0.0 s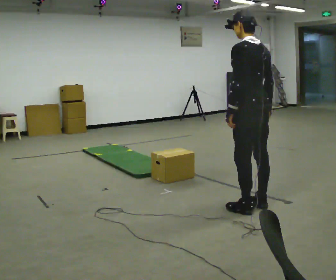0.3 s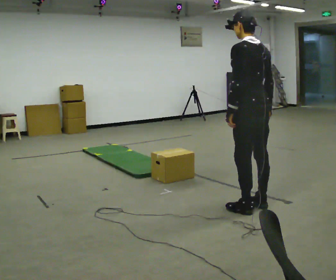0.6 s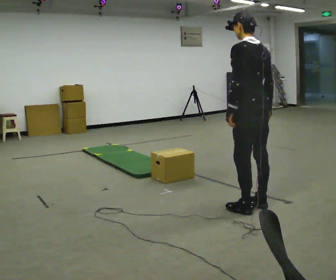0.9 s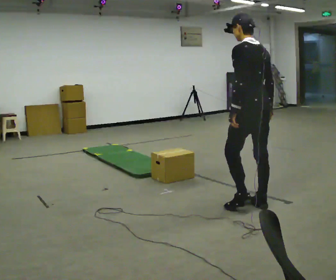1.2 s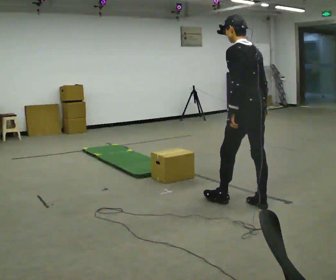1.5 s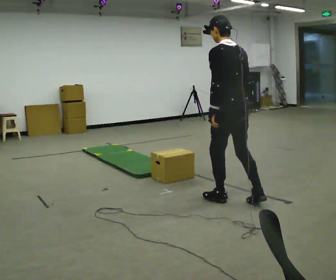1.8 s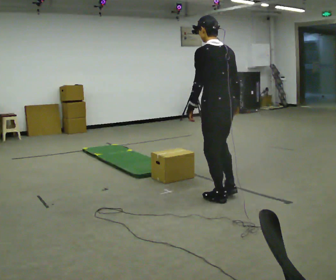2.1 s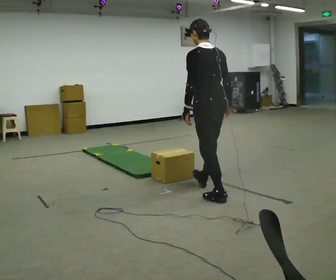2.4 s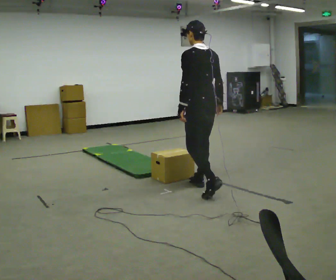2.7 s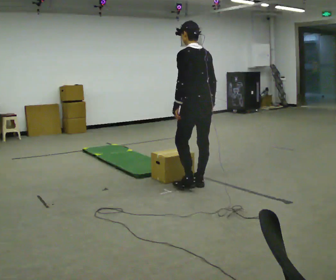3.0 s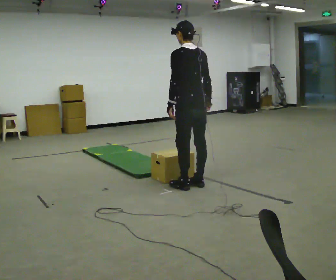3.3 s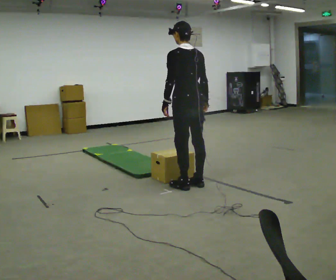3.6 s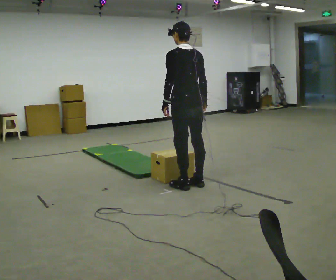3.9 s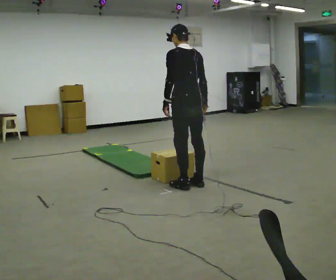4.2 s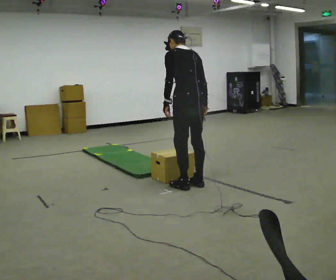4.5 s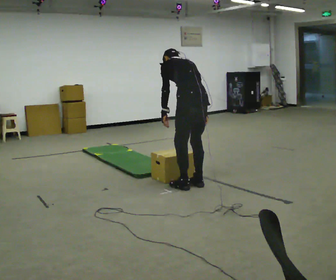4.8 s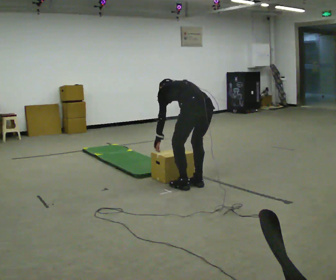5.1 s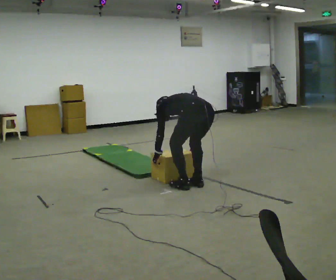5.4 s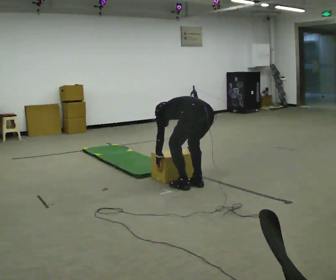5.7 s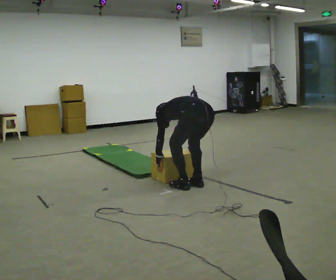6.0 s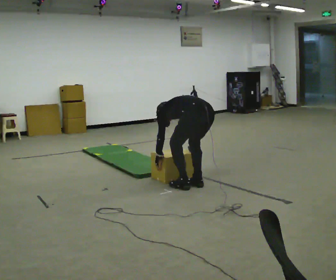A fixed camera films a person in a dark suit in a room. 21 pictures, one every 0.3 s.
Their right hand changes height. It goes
downward.
Their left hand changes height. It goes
downward.
0.0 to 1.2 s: The person moves a little, or ends about where they began.
1.2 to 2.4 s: In the picture they go away from the camera and to the left, about 0.5 m in 2 steps, which for them is forward.
2.4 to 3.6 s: In the picture they go away from the camera and to the left, about 0.25 m in 1 step, which for them is forward.
3.6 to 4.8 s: The shoulders move downward. The upper body tips away from the camera, its near side rolling upward, as they bend forward. In the picture their left hand goes downward.
4.8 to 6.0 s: The shoulders move downward. In the picture the upper body tilts counterclockwise, shoulders to the left, as they bend forward.
The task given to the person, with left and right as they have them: Carry the box across the soft uneven mat, set it down on the far side, then bring it back. Keep going until the operator says stop; one object at a time, and do not rush between trips.
The film runs forward here.
